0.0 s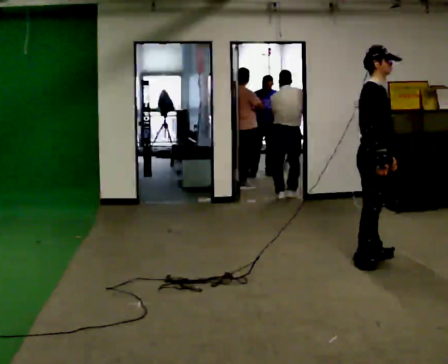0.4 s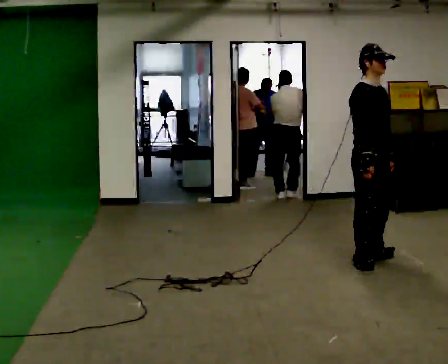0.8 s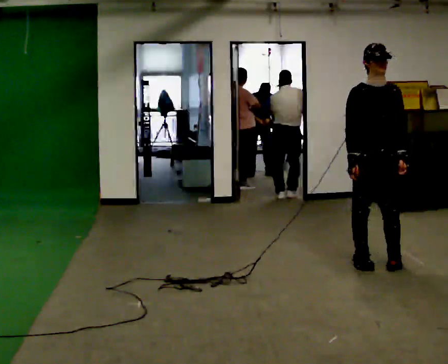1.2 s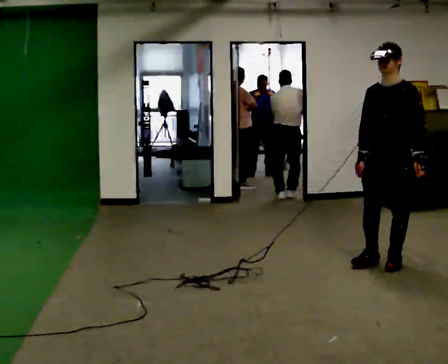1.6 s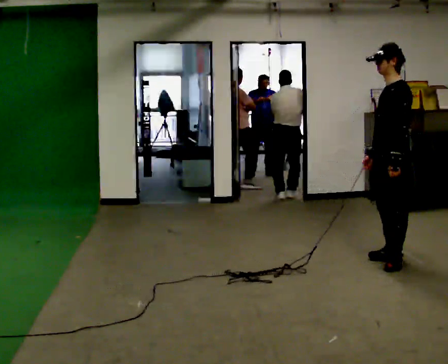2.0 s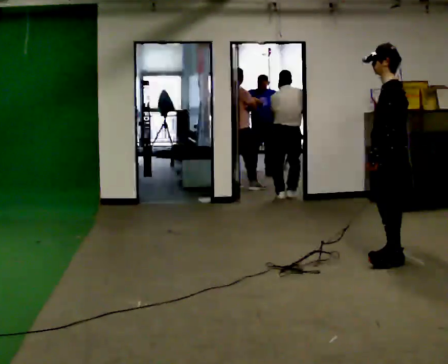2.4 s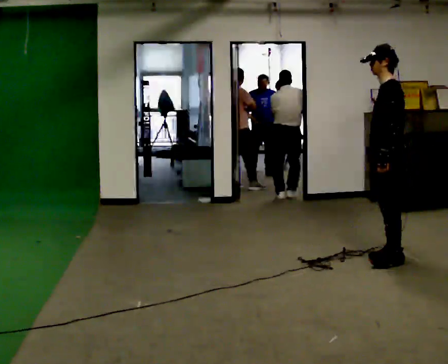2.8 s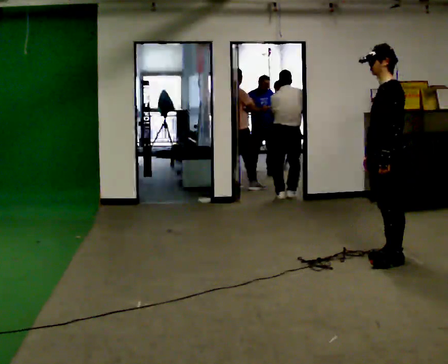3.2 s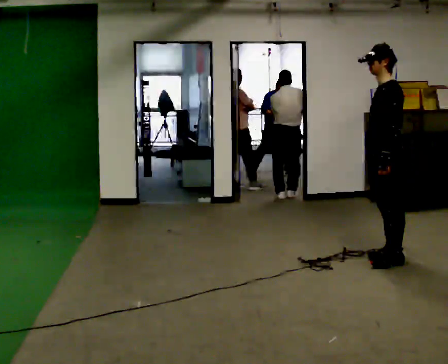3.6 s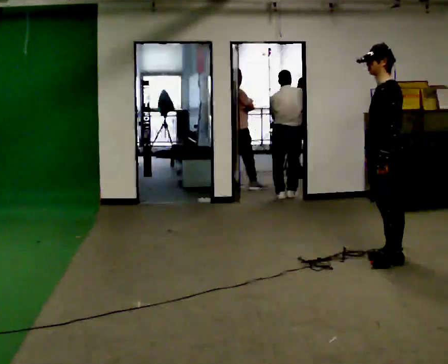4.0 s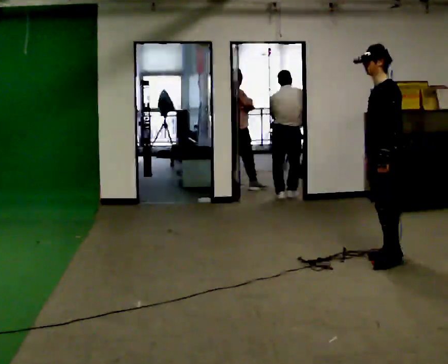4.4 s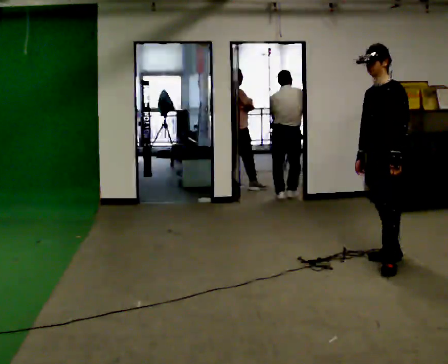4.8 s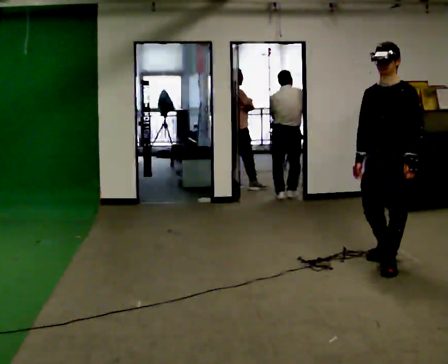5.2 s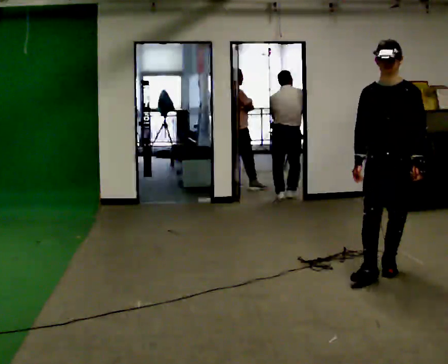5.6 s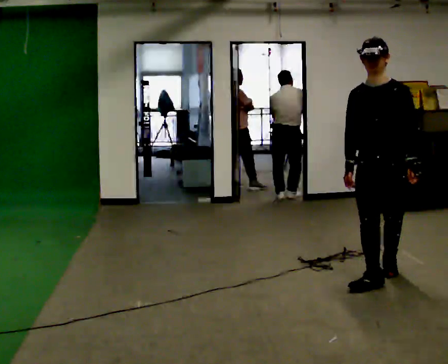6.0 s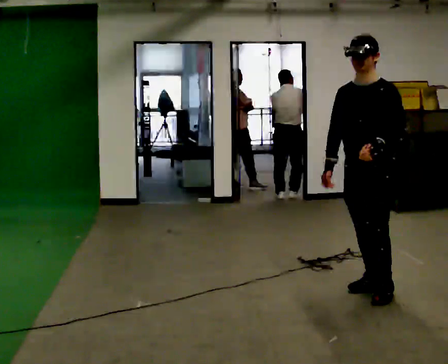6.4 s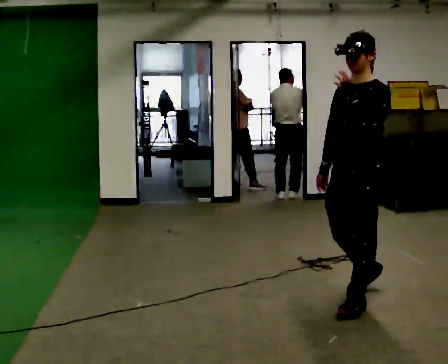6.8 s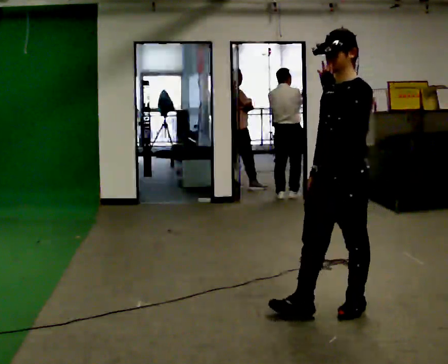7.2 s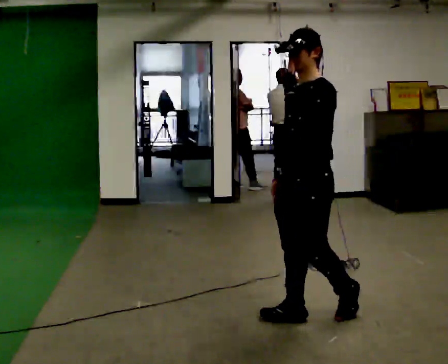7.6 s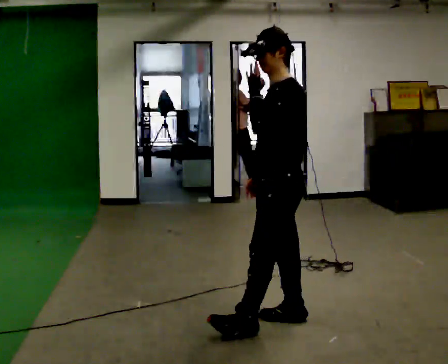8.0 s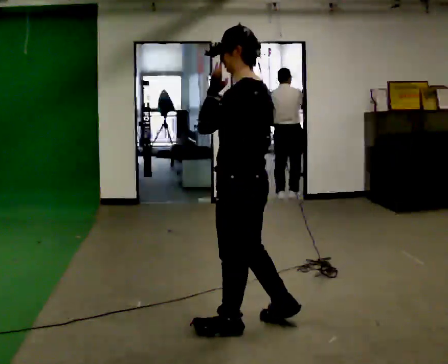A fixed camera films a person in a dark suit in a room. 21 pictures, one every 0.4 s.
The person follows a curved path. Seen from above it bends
clockwise.
The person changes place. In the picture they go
toward the camera.
0.0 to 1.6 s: Seen from above the body turns clockwise, about 150 degrees: to their right, with its near side sliding to the left. In the picture they go to the right, about 0.25 m in 2 steps.
1.6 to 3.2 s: The person moves a little, or ends about where they began.
3.2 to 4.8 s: Seen from above the body turns counterclockwise, about 60 degrees: to their left, with its near side sliding to the right. In the picture they go toward the camera, about 0.25 m, which for them is to their left.
4.8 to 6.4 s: In the picture they go toward the camera, about 1 m in 2 steps, which for them is forward. In the picture their left hand goes upward.
6.4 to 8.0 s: The person turns about 60 degrees to their right, clockwise seen from above, so the part of the body nearest the lens slides to the left. In the picture they go to the left and toward the camera, about 1 m in 2 steps, which for them is forward.
The film runs forward here.
